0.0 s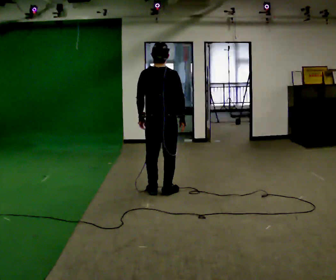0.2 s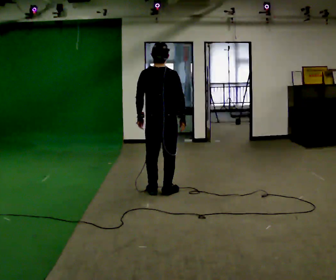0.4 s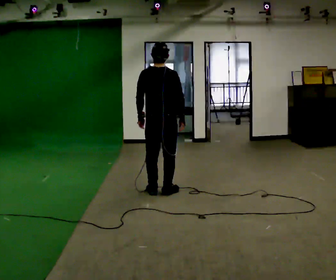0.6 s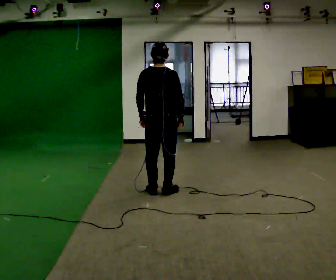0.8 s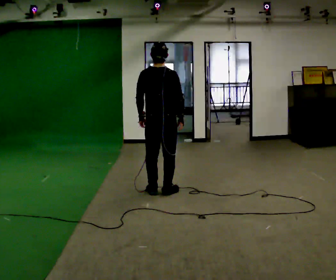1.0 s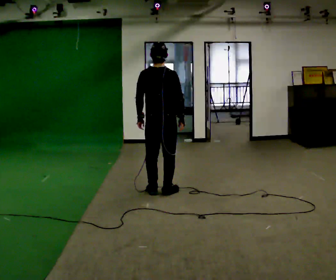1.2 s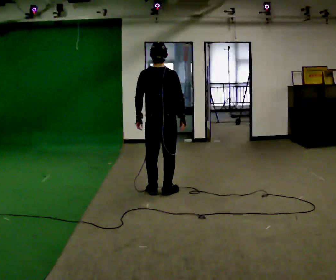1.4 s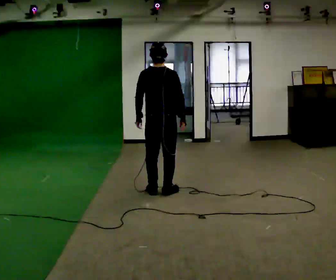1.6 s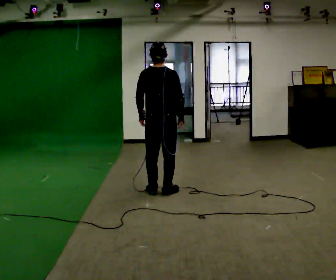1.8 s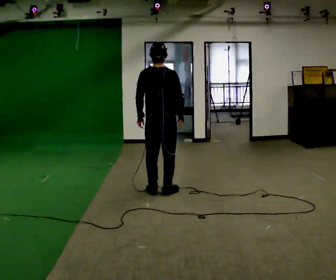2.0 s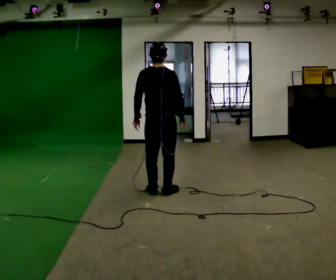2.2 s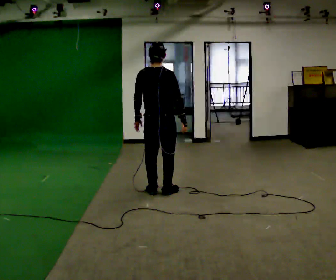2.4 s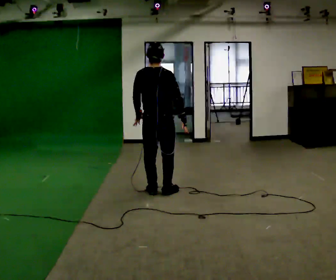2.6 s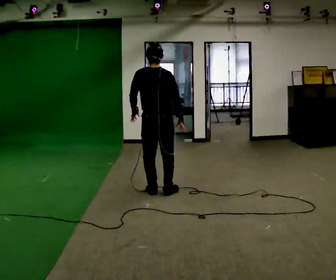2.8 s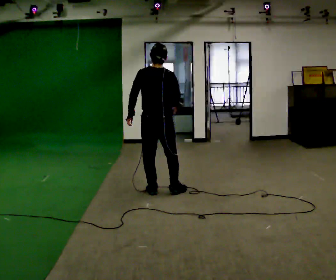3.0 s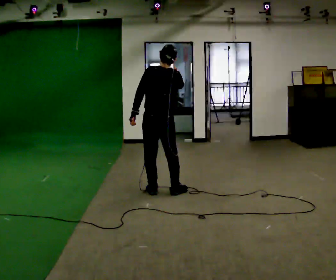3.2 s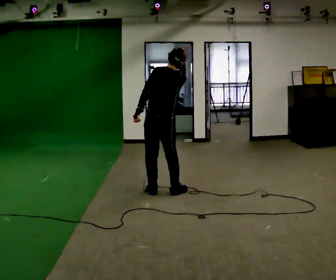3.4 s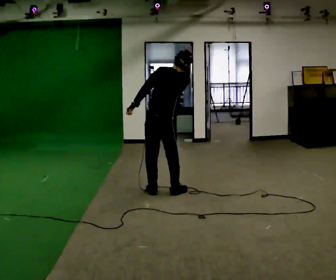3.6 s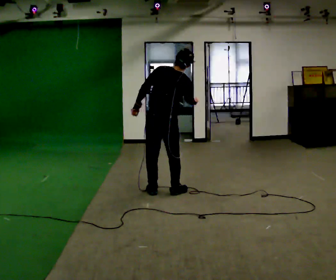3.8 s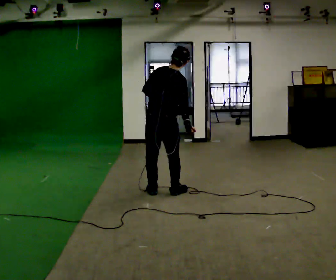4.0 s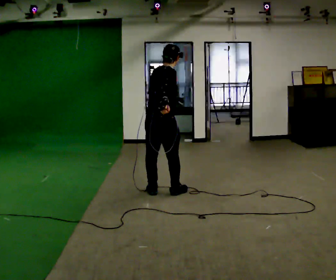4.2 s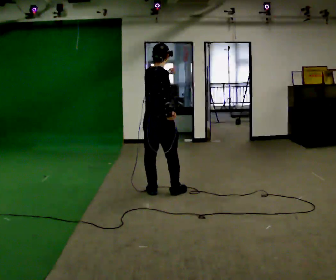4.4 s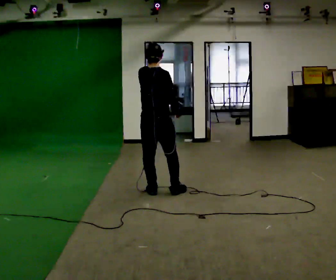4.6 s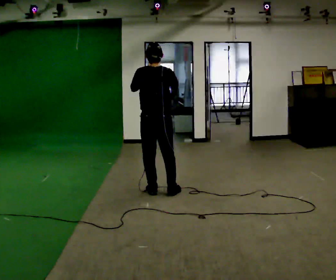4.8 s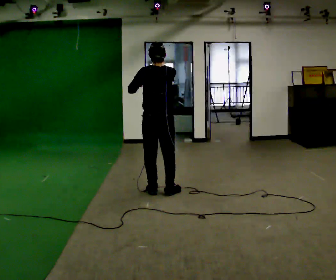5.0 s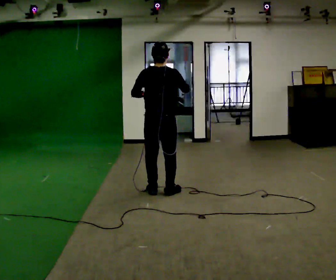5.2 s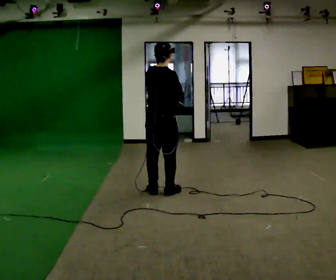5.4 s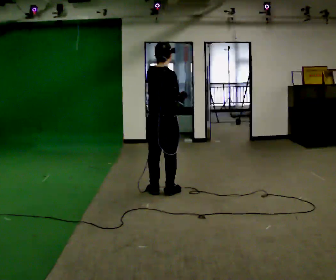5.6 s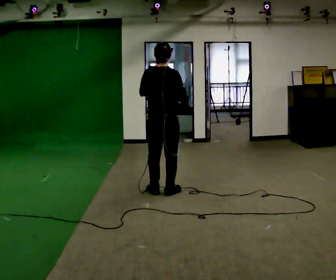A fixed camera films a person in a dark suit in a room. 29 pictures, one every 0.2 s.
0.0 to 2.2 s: The person moves a little, or ends about where they began.
2.2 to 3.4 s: The person turns about 30 degrees to their left, counterclockwise seen from above, so the part of the body nearest the lens slides to the right. In the picture the upper body tilts clockwise, shoulders to the right. In the picture their right hand goes upward.
3.4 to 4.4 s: Seen from above the body turns clockwise, about 45 degrees: to their right, with its near side sliding to the left. In the picture the upper body tilts counterclockwise, shoulders to the left. In the picture their left hand goes upward.
4.4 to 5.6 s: The person moves a little, or ends about where they began.
The film runs backward here.
